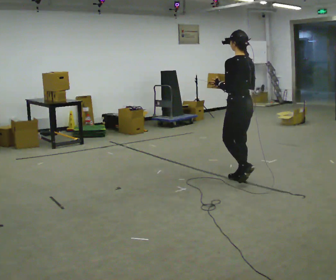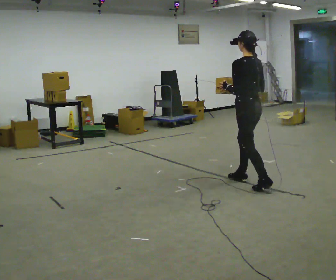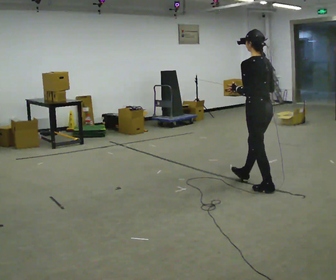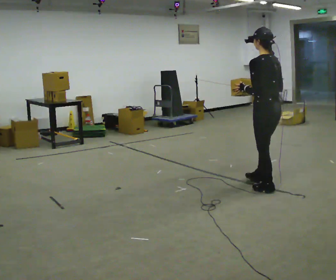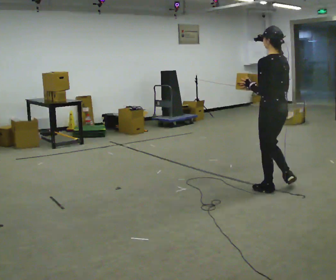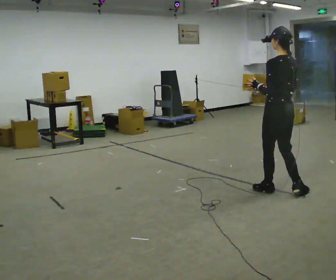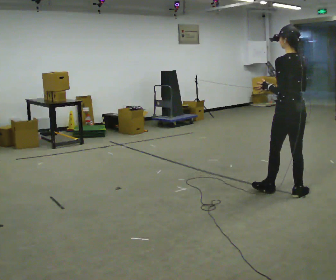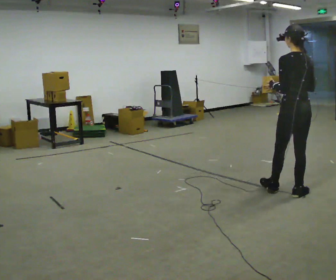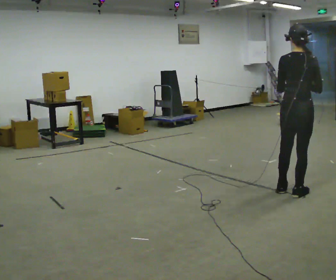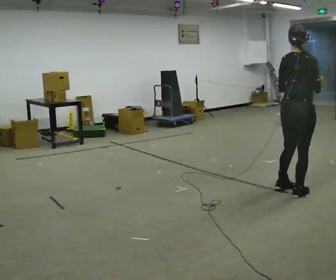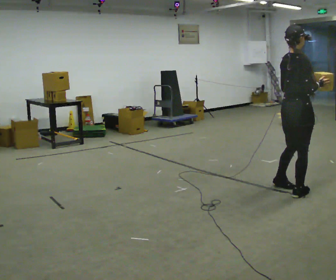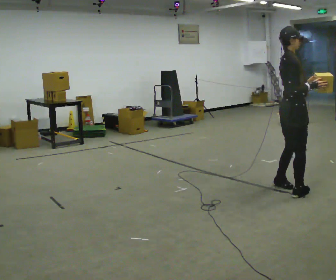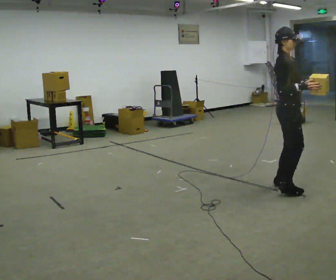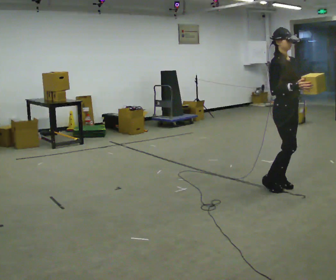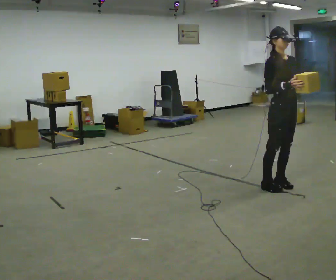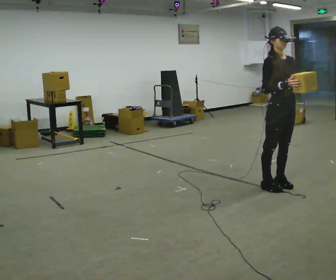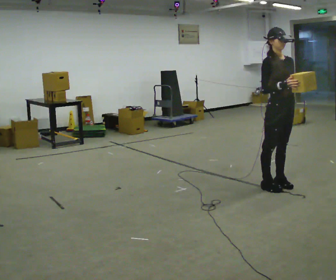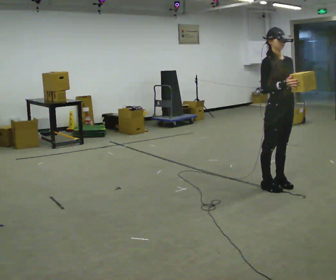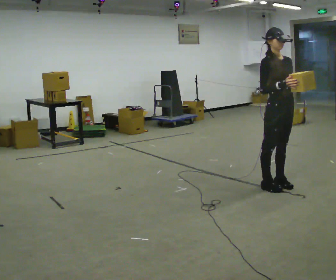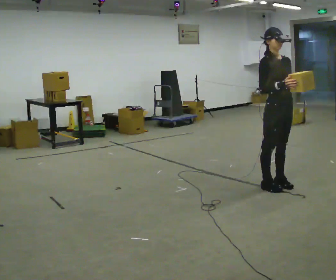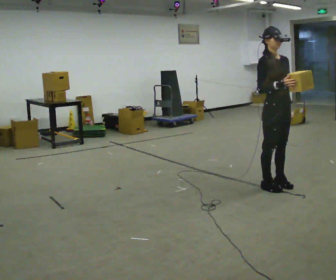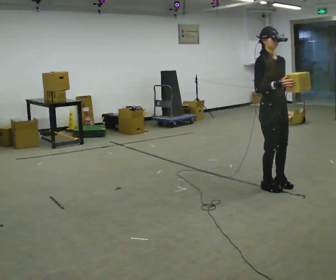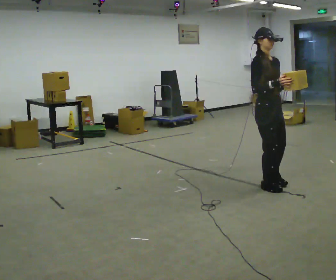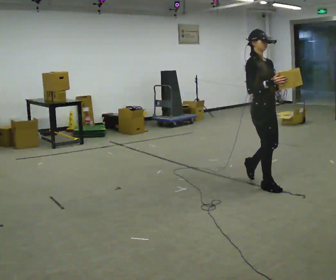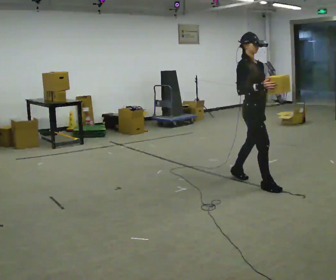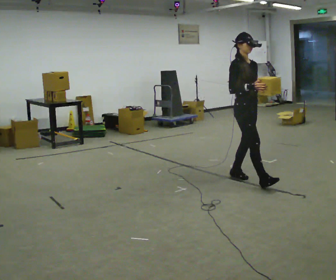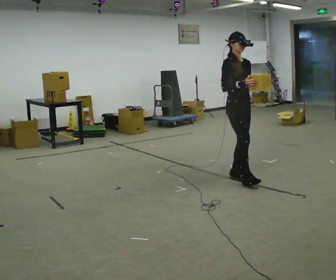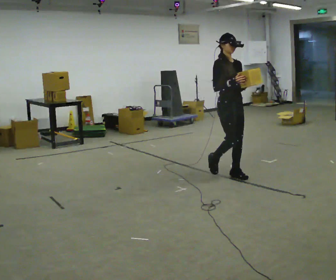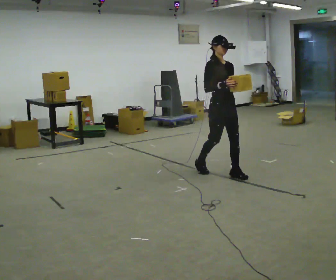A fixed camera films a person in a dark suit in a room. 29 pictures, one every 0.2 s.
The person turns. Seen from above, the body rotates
clockwise.
The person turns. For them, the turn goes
to their right.
0.0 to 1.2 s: In the picture they go to the right and toward the camera, about 0.75 m in 1 step, which for them is backward.
1.2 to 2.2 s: Seen from above the body turns clockwise, about 120 degrees: to their right, with its near side sliding to the left. In the picture their left hand goes to the right.
2.2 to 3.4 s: The person turns about 60 degrees to their right, clockwise seen from above, so the part of the body nearest the lens slides to the left.
3.4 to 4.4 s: The person moves a little, or ends about where they began.
4.4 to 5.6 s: In the picture they go to the left and away from the camera, about 0.75 m in 1 step, which for them is backward.
The film runs backward here.
